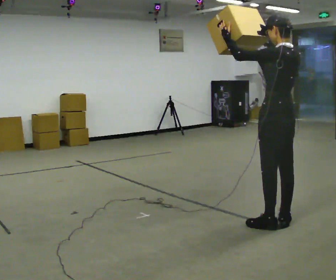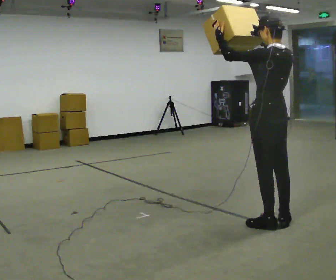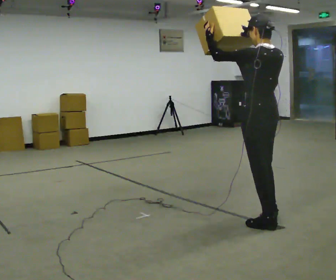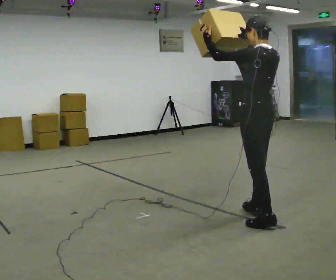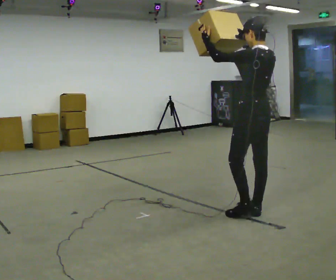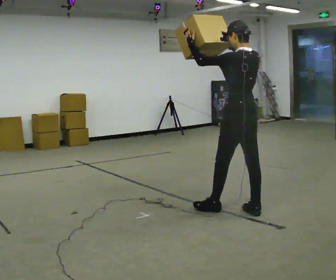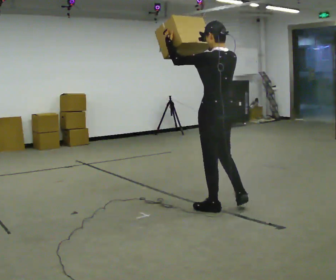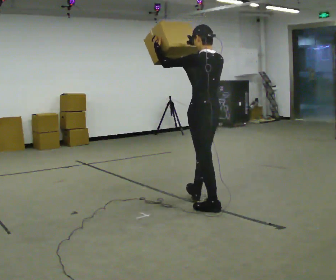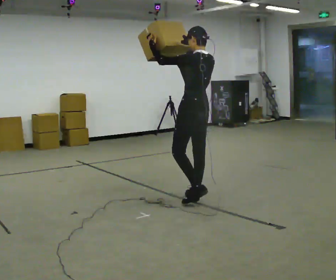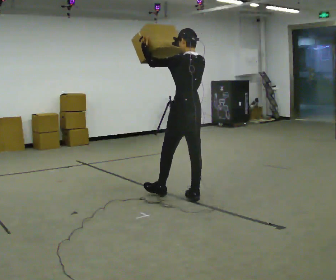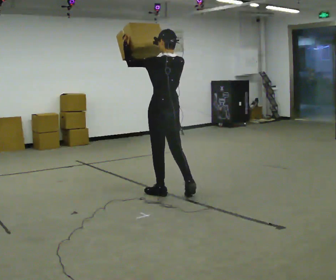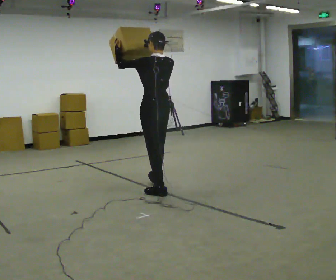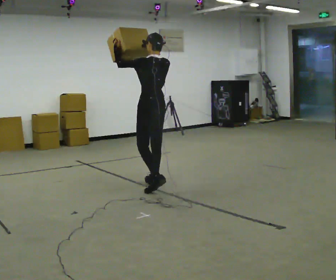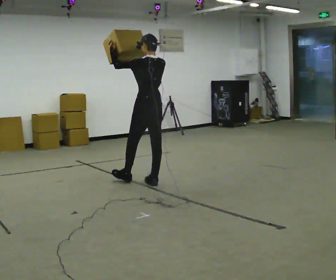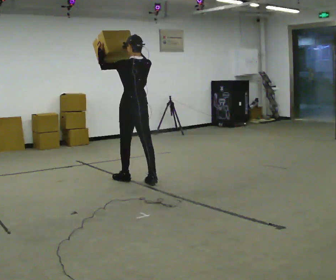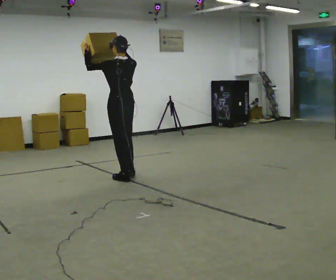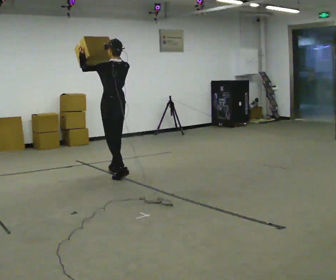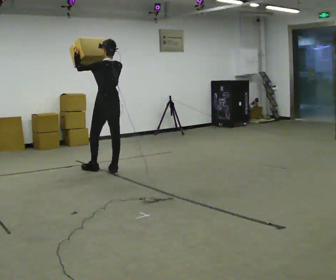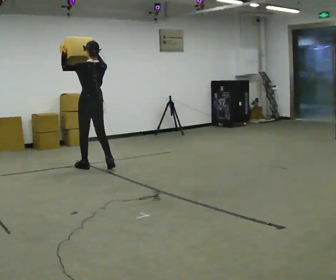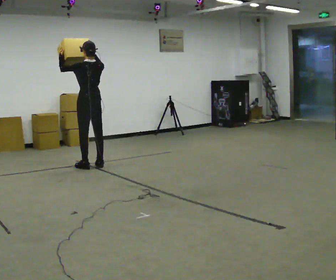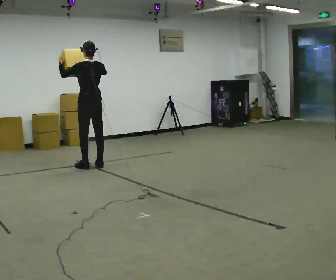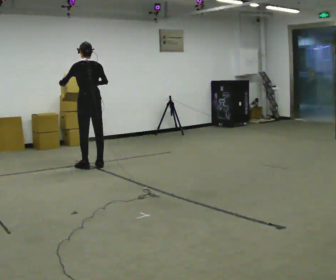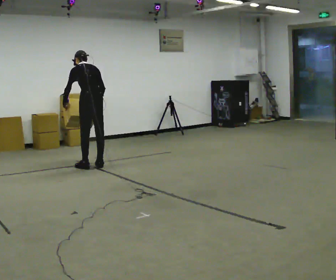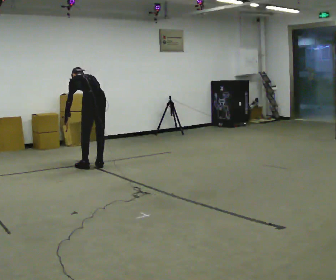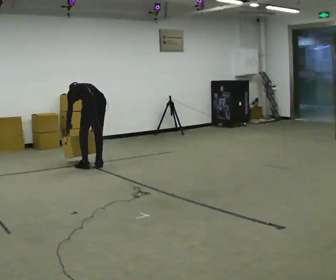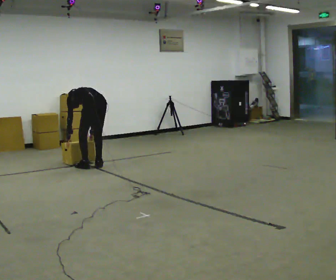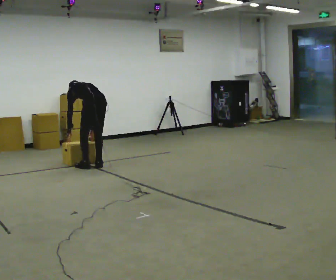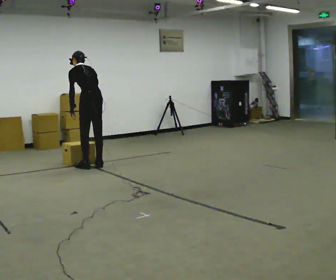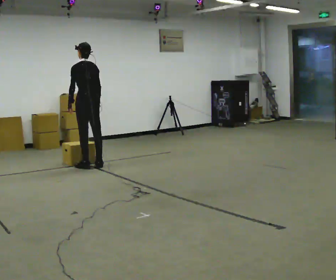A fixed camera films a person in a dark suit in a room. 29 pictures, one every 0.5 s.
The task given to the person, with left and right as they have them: Carry the heaviest box in both hands in front of you, walking back and forth across the room. Only carry what is comfortable. Set it down whenever you need to.
0.0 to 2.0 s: In the picture they go away from the camera, about 0.25 m in 1 step, which for them is forward.
2.0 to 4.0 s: In the picture they go away from the camera and to the left, about 0.5 m in 2 steps, which for them is forward.
4.0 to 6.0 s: In the picture they go away from the camera and to the left, about 0.75 m in 2 steps, which for them is forward.
6.0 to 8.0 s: In the picture they go away from the camera and to the left, about 1 m in 2 steps, which for them is forward.
8.0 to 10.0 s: In the picture they go away from the camera and to the left, about 0.5 m in 2 steps, which for them is forward.
10.0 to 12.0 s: The upper body goes downward. The upper body tips away from the camera, its near side rolling upward, as they bend forward. In the picture their right hand goes downward.
12.0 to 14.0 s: The upper body goes upward. The upper body tips toward the camera, its near side rolling downward, as they lean back or straighten. In the picture their left hand goes upward.
The film runs forward here.
